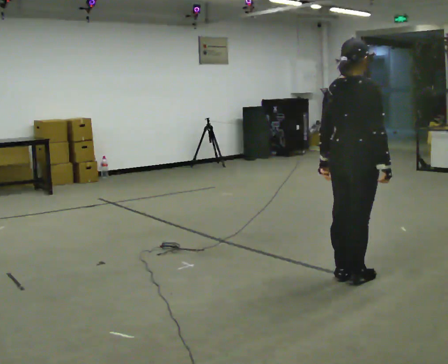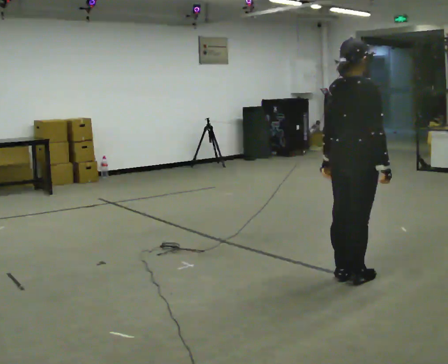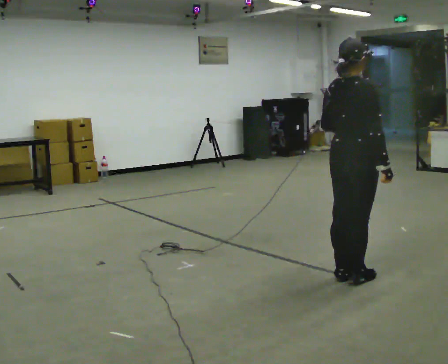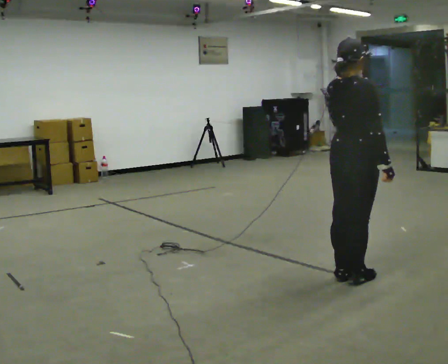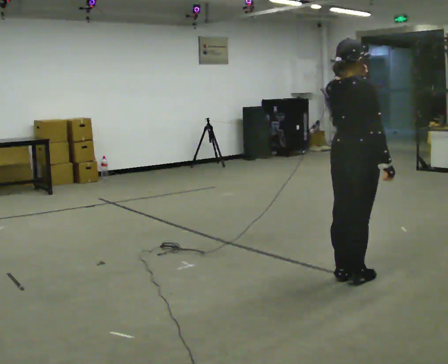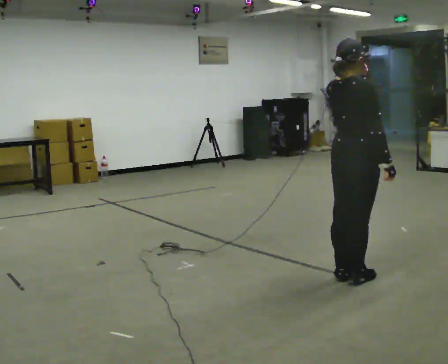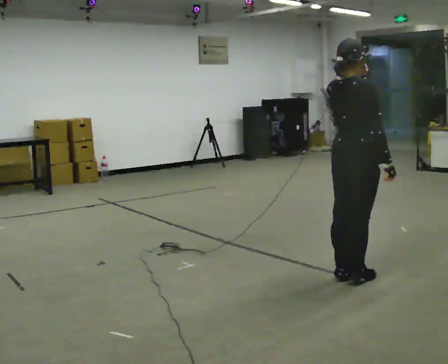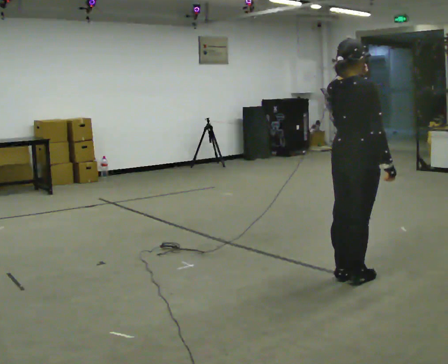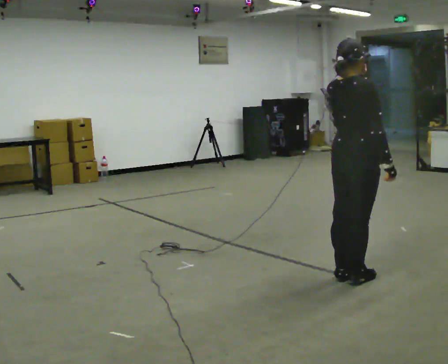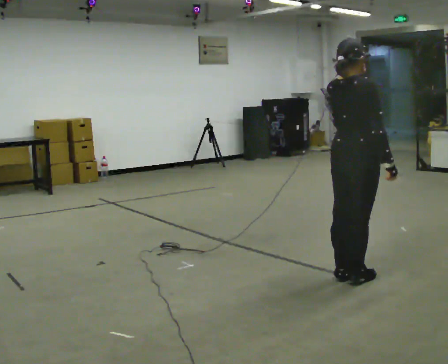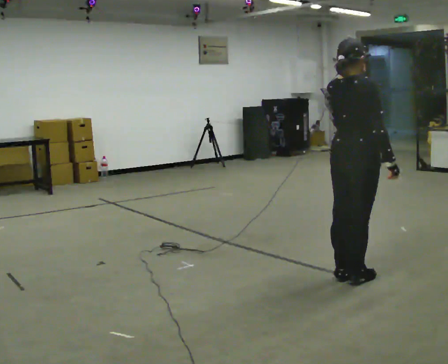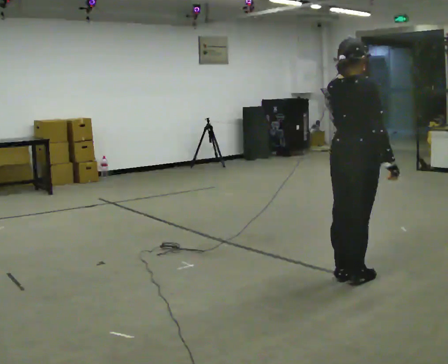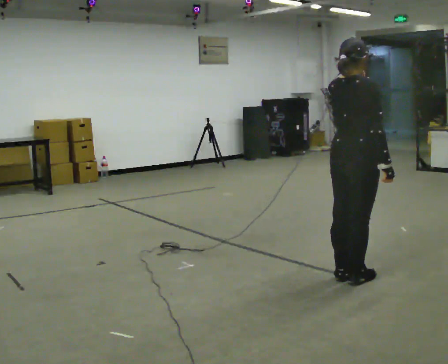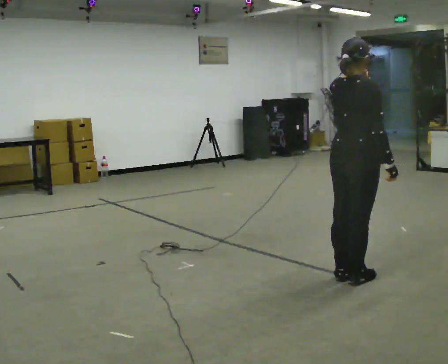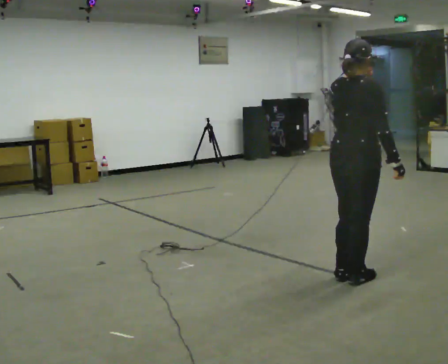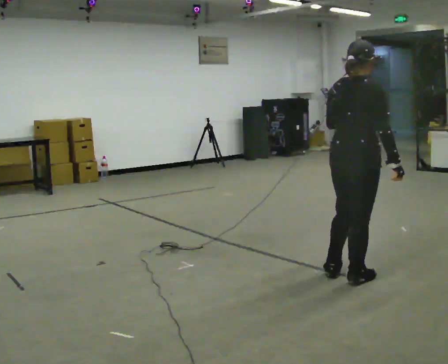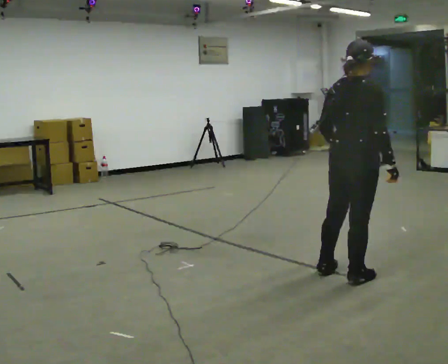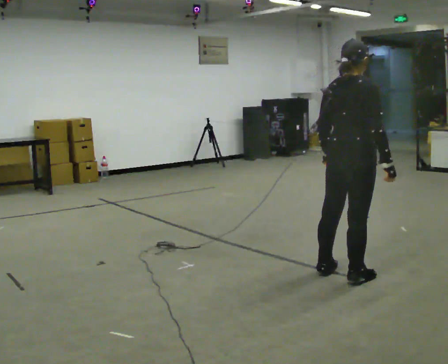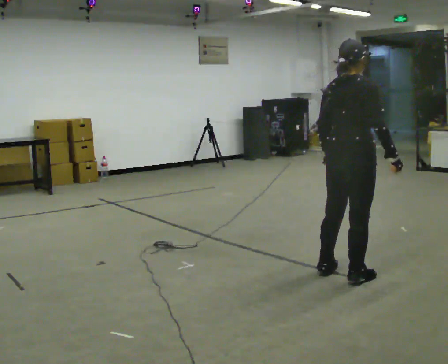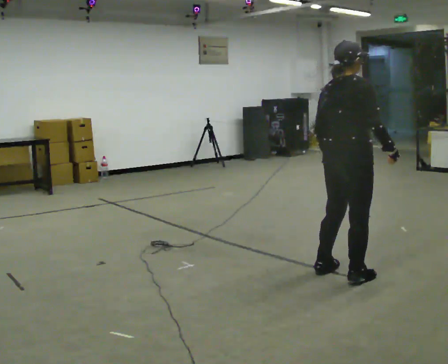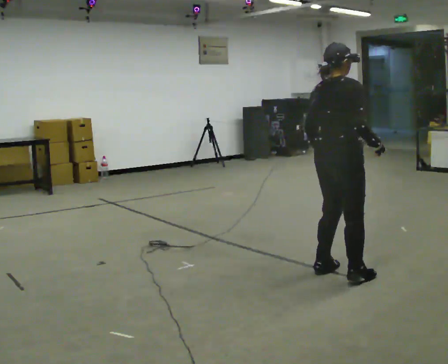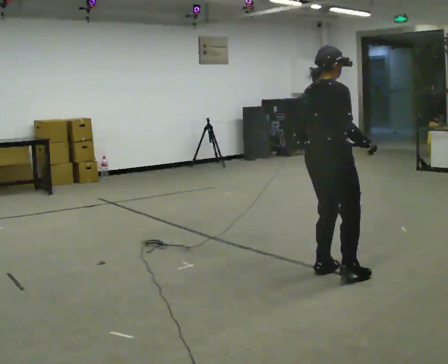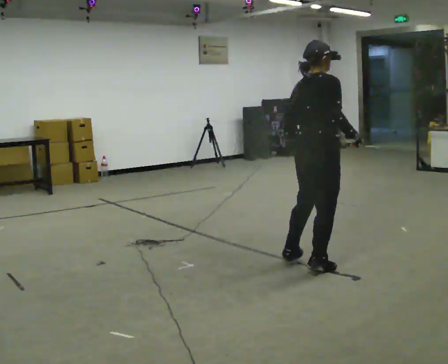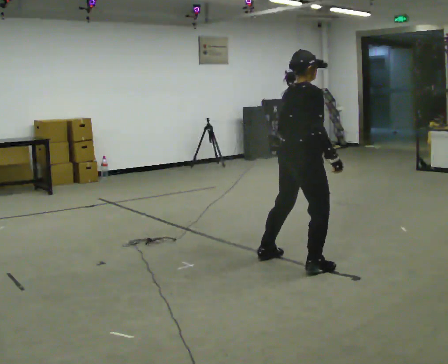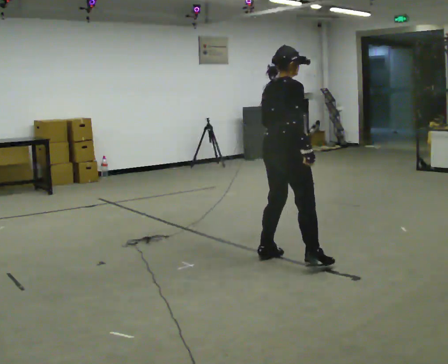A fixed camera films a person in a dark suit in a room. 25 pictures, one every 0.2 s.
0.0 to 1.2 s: In the picture their left hand goes upward.
1.2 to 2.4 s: The person moves a little, or ends about where they began.
2.4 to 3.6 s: In the picture their left hand goes downward.
3.6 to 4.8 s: In the picture they go to the left and away from the camera, about 0.5 m in 2 steps, which for them is to their left.
The film runs backward here.
